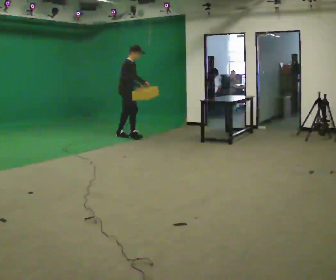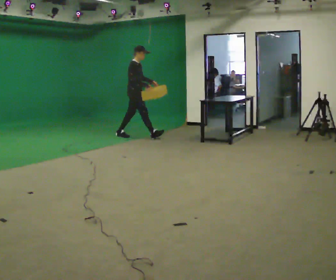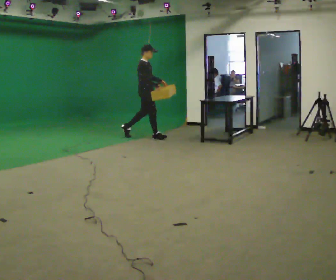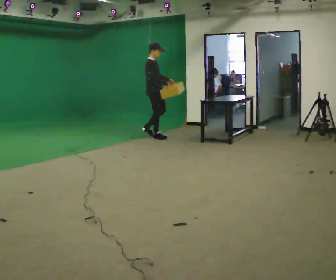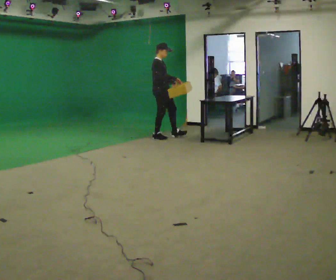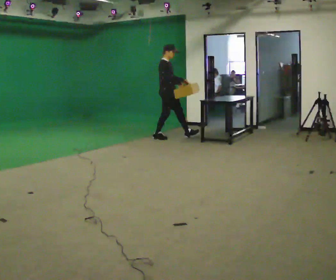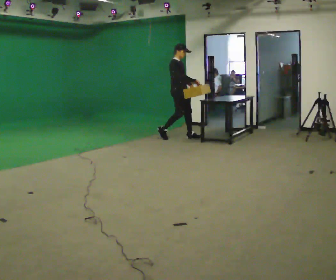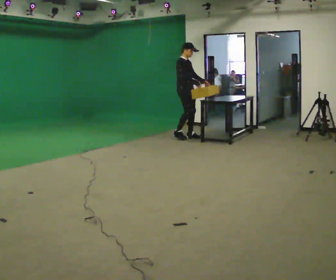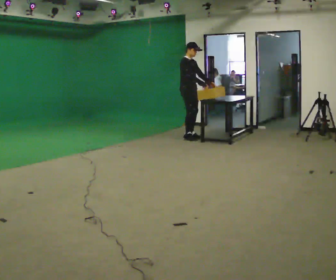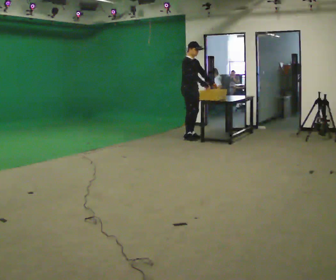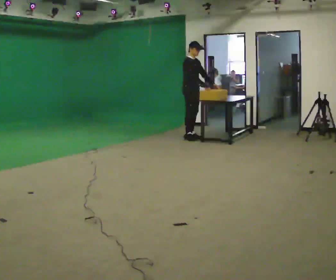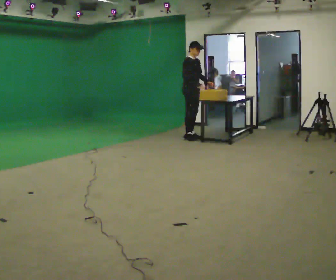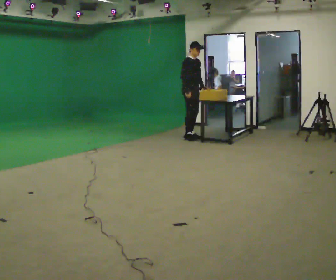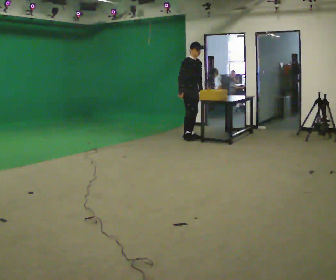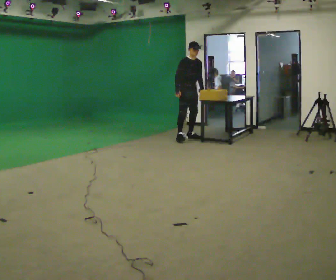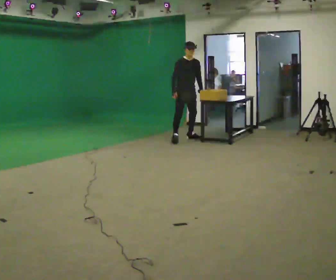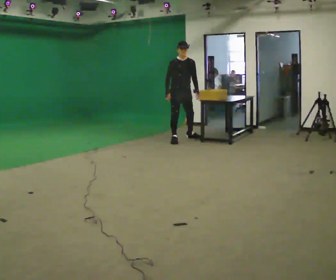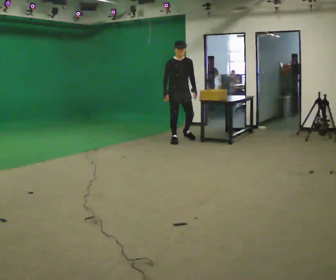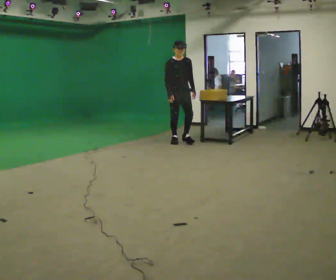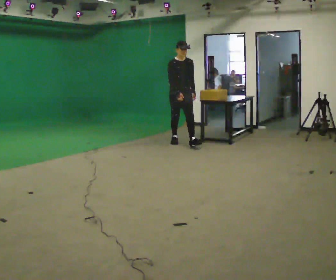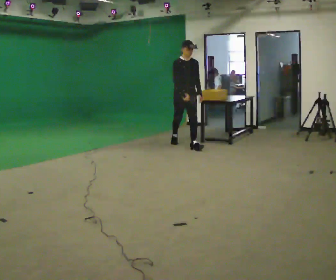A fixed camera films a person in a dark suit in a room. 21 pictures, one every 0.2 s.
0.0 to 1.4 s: In the picture they go to the right, about 1 m in 2 steps, which for them is forward.
1.4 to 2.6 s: In the picture their right hand goes to the left, the arm swinging clockwise.
2.6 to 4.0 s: The person turns about 30 degrees to their right, clockwise seen from above, so the part of the body nearest the lens slides to the left. In the picture they go toward the camera, about 0.5 m in 2 steps, which for them is forward and to their right.
The film runs forward here.
